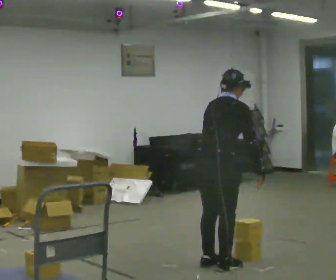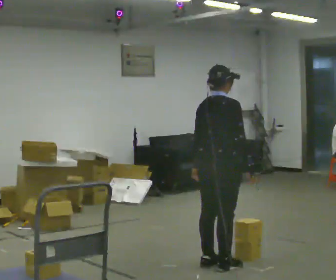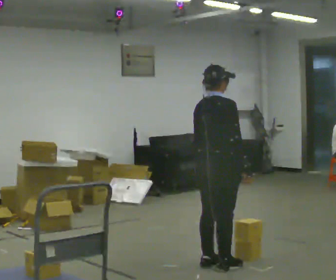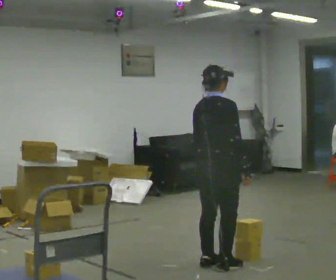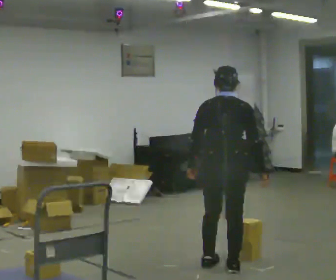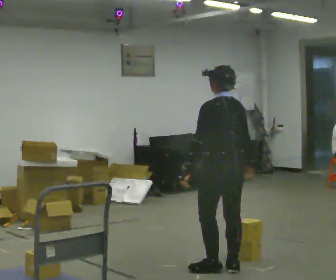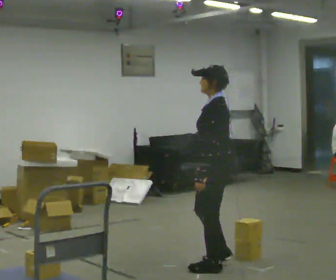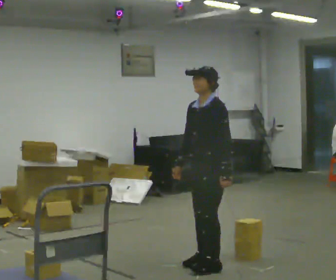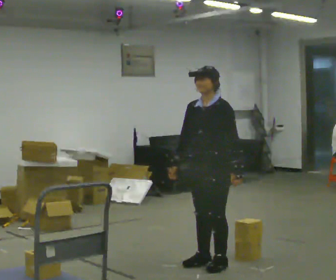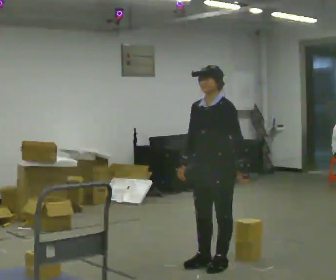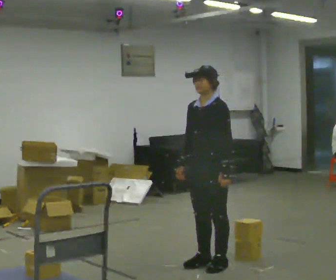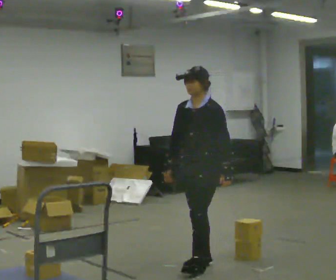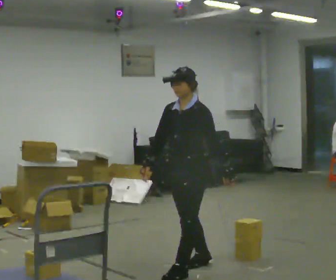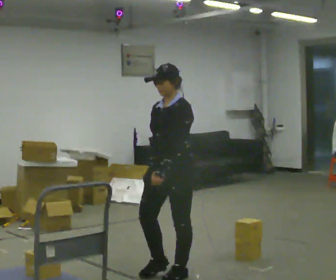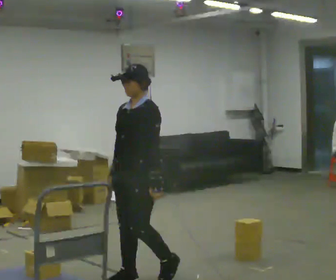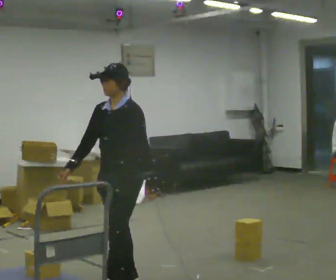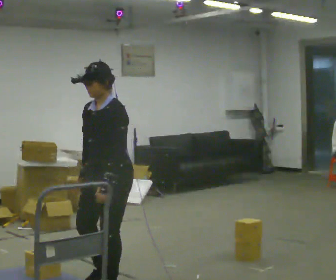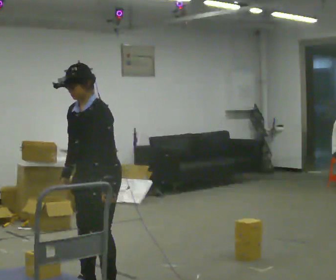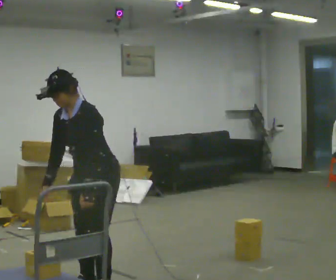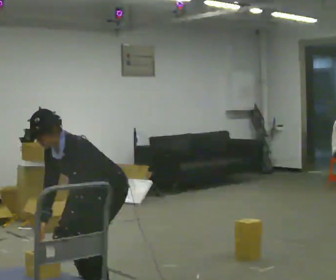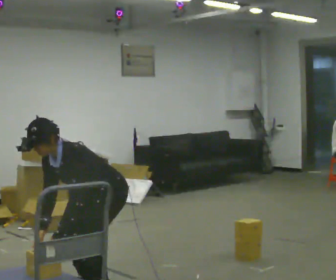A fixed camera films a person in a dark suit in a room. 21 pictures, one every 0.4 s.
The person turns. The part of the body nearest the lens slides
to the right.
The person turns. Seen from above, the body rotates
counterclockwise.
0.0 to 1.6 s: Seen from above the body turns counterclockwise, about 30 degrees: to their left, with its near side sliding to the right.
1.6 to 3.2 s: The person turns about 150 degrees to their left, counterclockwise seen from above, so the part of the body nearest the lens slides to the right. In the picture their right hand goes to the left, the arm swinging clockwise.
3.2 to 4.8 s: In the picture they go to the left and toward the camera, about 0.25 m in 1 step, which for them is forward.
4.8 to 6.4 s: In the picture they go to the left and toward the camera, about 1 m in 2 steps, which for them is forward.
6.4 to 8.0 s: The upper body goes downward. In the picture the upper body tilts counterclockwise, shoulders to the left, as they bend forward. In the picture their right hand goes downward.
The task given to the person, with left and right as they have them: Load the boxes onto the cart one at a time, then take them all off again. The cart stays where it is. Keep going until the operator says stop; one object at a time, and do not rush between trips.
The film runs forward here.
